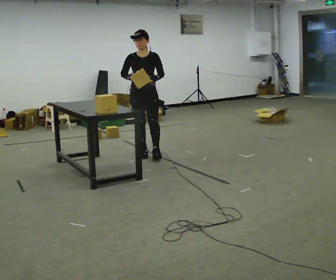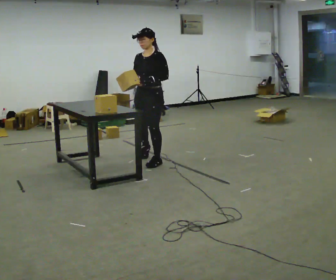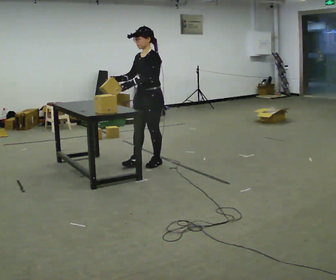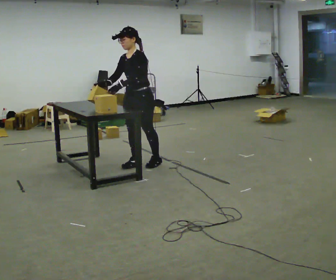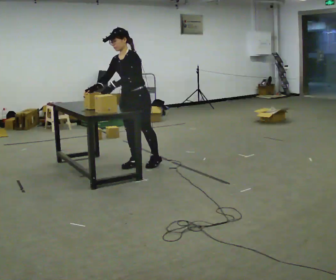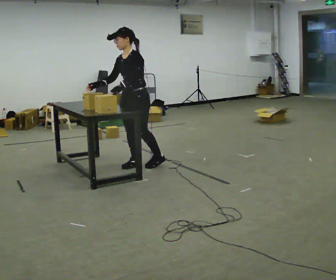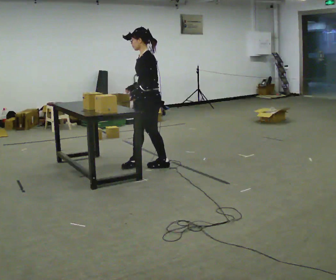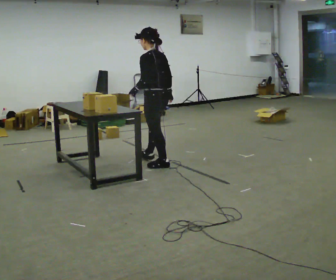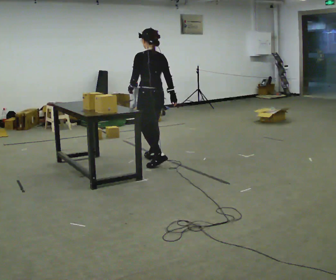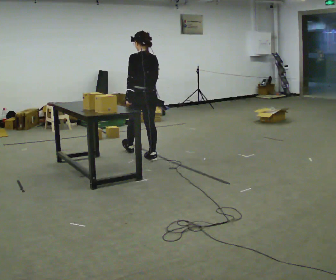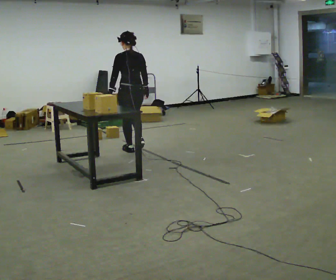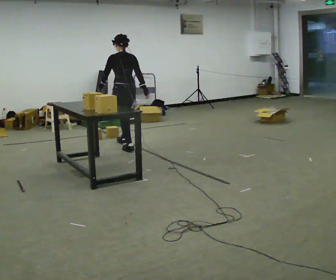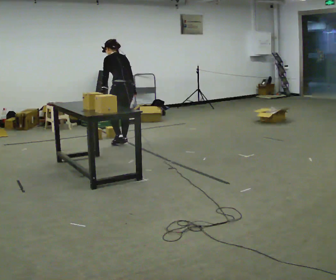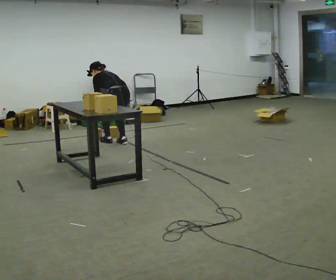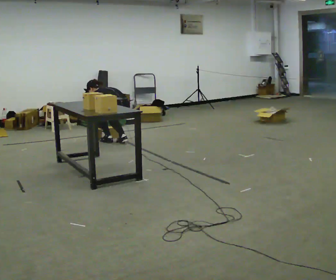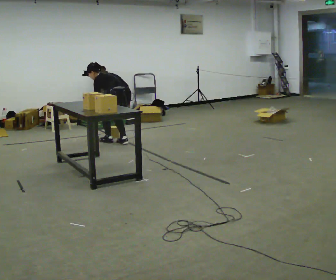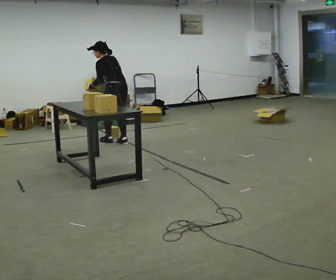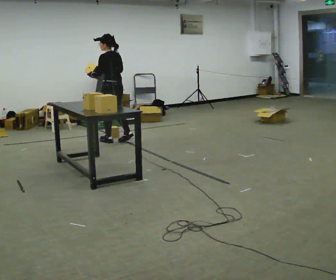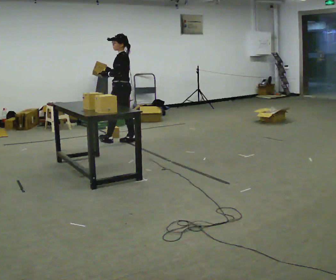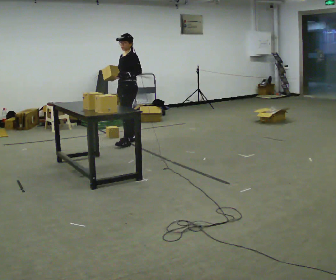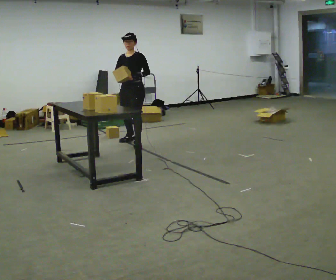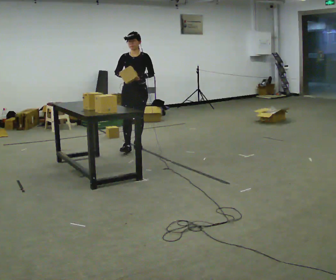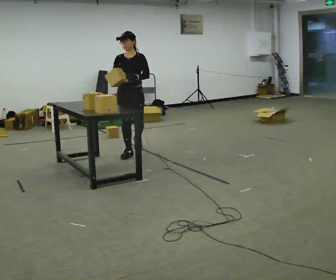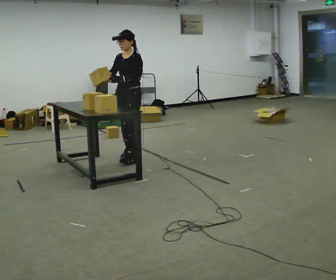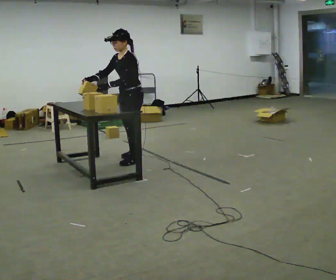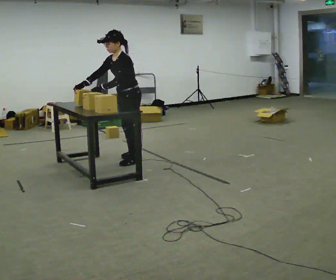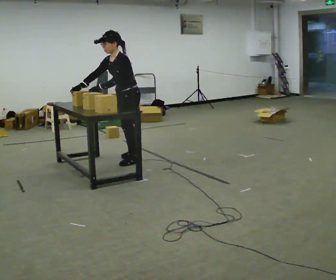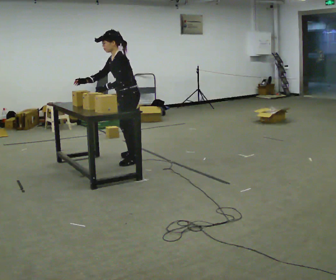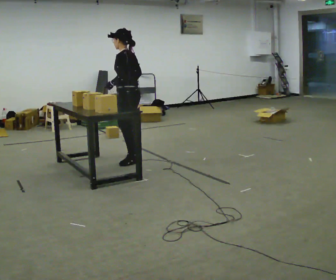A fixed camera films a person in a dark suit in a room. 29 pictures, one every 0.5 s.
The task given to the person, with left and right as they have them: Carry the fragile object across the room and set it down as gently as you can. Keep going until the operator says stop; one object at a time, and do not rush between trips.
0.0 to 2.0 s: The person turns about 45 degrees to their right, clockwise seen from above, so the part of the body nearest the lens slides to the left. In the picture they go toward the camera, about 0.5 m in 2 steps, which for them is forward and to their left. In the picture the upper body tilts counterclockwise, shoulders to the left, as they bend forward.
2.0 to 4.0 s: Seen from above the body turns clockwise, about 105 degrees: to their right, with its near side sliding to the left. In the picture they go to the right and away from the camera, about 0.25 m in 2 steps. In the picture the upper body tilts clockwise, shoulders to the right, as they lean back or straighten.
4.0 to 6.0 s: In the picture they go away from the camera, about 1 m in 2 steps, which for them is forward. The upper body tips away from the camera, its near side rolling upward, as they bend forward.
6.0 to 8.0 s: In the picture their right hand goes to the left.
8.0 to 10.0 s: The part of the body nearest the lens slides to the right as the person turns to their left by about 105 degrees. In the picture they go to the right and toward the camera, about 0.25 m in 2 steps.
10.0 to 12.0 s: The person turns about 30 degrees to their right, clockwise seen from above, so the part of the body nearest the lens slides to the left. In the picture they go toward the camera, about 1 m in 3 steps. The upper body tips toward the camera, its near side rolling downward, as they bend forward.
12.0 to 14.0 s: The part of the body nearest the lens slides to the left as the person turns to their right by about 45 degrees. In the picture their right hand goes to the right, the arm swinging counterclockwise.
The film runs forward here.
